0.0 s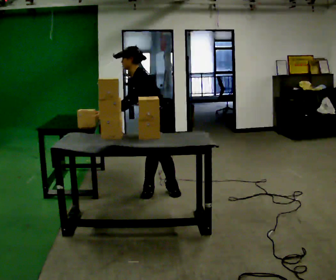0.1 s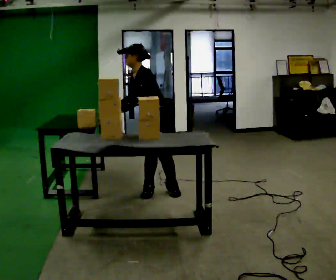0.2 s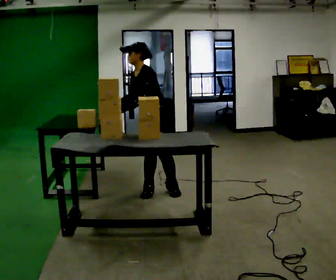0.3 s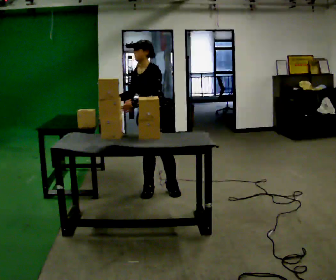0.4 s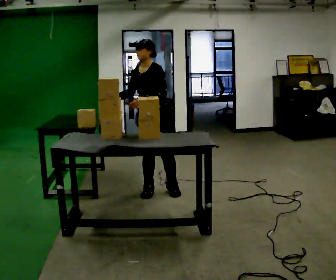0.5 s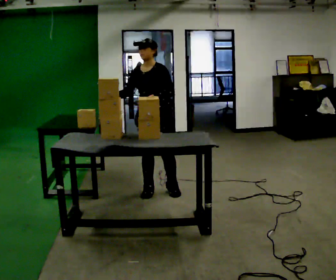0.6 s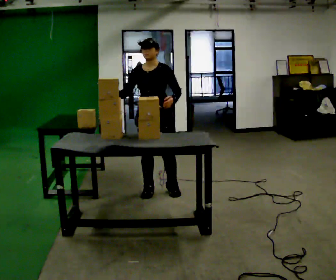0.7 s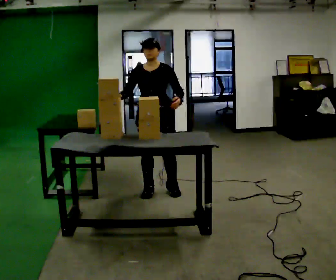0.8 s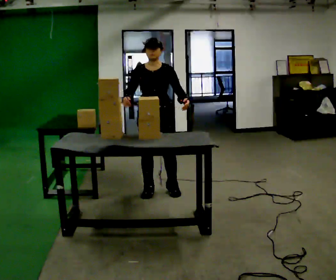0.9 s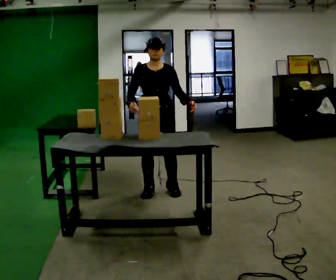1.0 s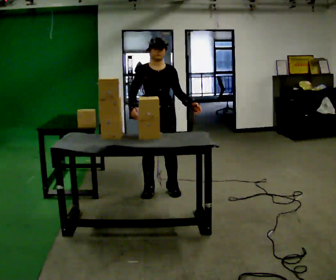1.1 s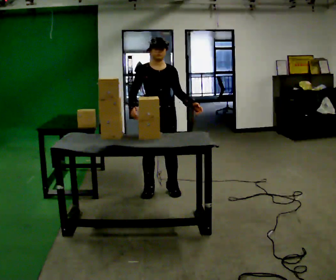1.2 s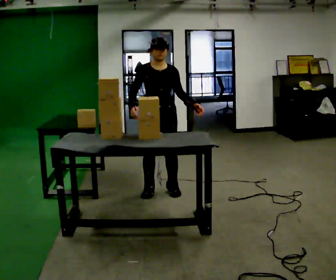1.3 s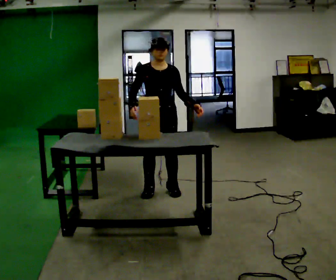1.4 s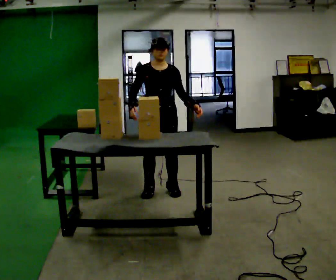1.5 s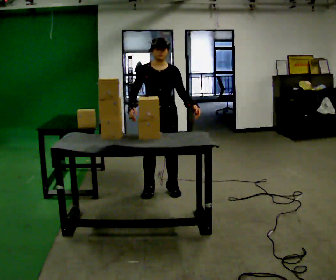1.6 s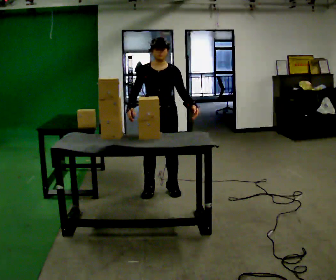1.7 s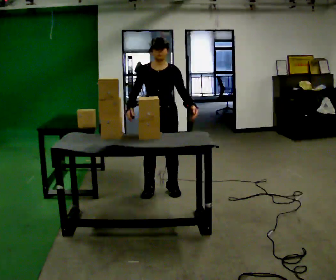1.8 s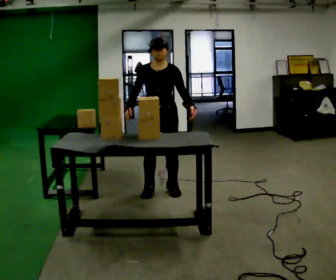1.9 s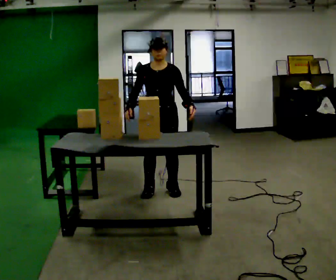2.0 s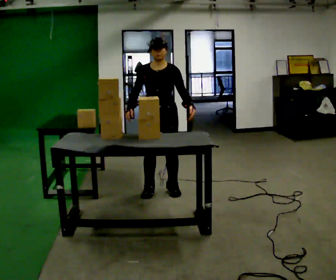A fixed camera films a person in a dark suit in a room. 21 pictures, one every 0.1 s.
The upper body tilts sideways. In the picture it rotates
clockwise.
0.0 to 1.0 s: The person turns about 75 degrees to their left, counterclockwise seen from above, so the part of the body nearest the lens slides to the right. In the picture the upper body tilts clockwise, shoulders to the right, as they lean back or straighten. In the picture their left hand goes to the right.
1.0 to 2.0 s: The person moves a little, or ends about where they began.
The film runs forward here.
